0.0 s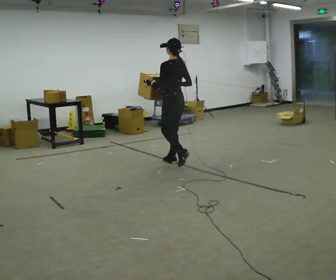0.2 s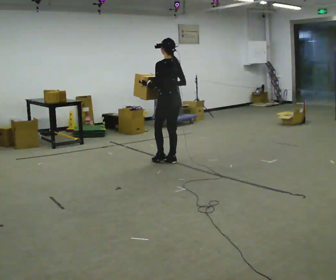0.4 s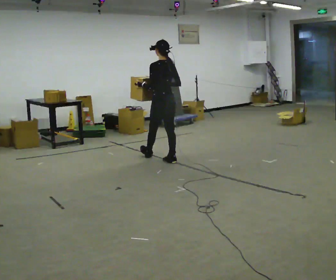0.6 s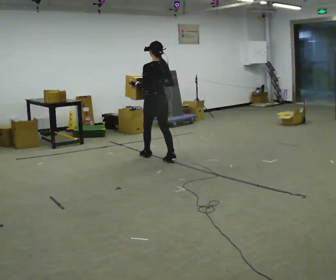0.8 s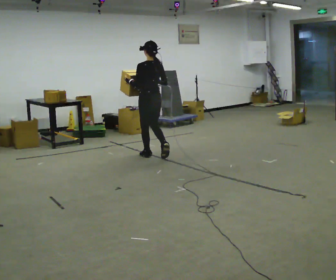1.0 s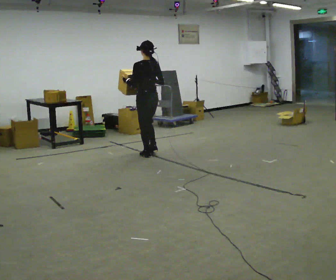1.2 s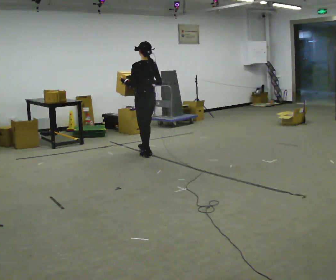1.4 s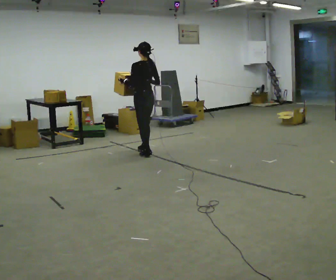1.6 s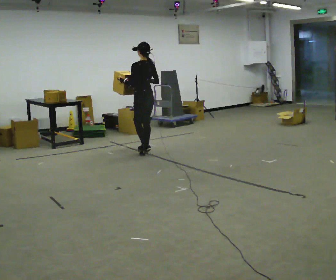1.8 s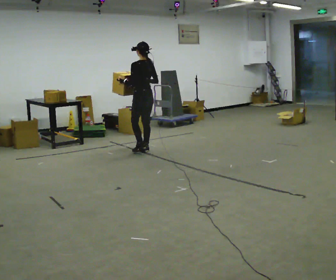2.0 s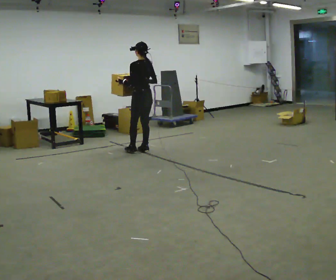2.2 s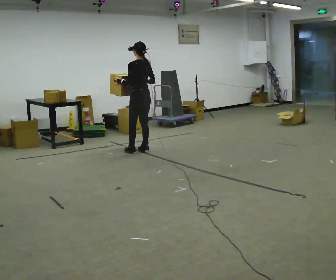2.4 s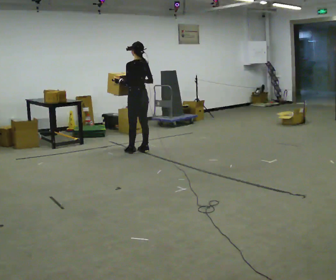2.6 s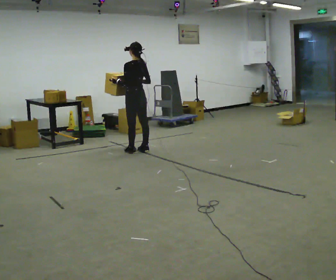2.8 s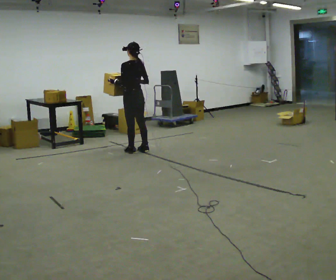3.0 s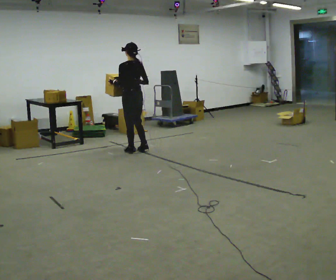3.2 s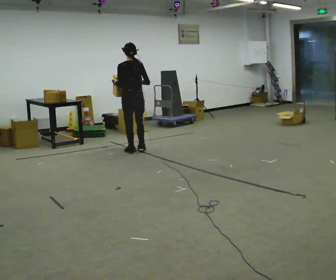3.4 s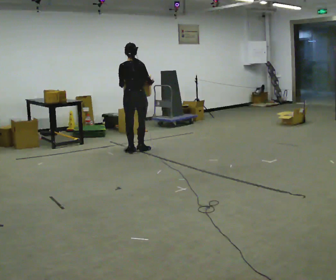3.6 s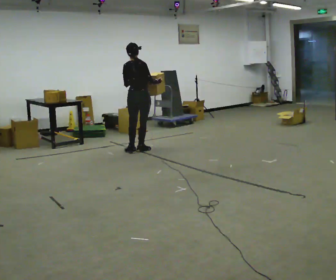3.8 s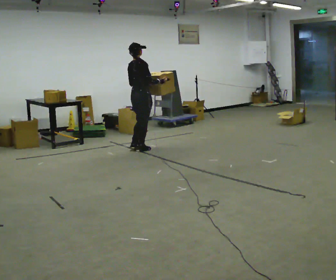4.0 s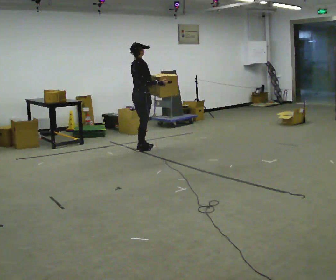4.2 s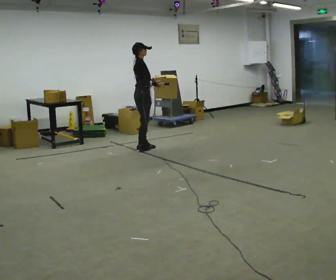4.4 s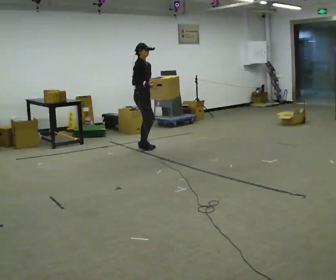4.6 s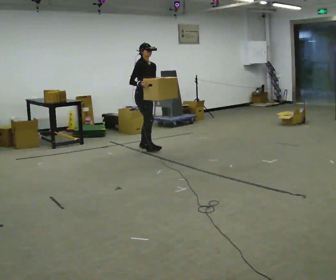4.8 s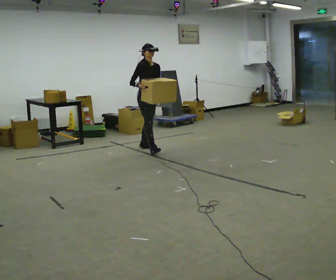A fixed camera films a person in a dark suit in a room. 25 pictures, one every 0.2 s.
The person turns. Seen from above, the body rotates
clockwise.
The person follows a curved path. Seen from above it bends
clockwise.
0.0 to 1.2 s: In the picture they go away from the camera and to the left, about 0.75 m in 2 steps, which for them is forward.
1.2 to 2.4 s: In the picture they go away from the camera, about 0.25 m in 1 step, which for them is forward.
2.4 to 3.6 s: Seen from above the body turns clockwise, about 60 degrees: to their right, with its near side sliding to the left.
3.6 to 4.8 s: The person turns about 120 degrees to their right, clockwise seen from above, so the part of the body nearest the lens slides to the left. In the picture their right hand goes to the left, the arm swinging clockwise.
The film runs forward here.
